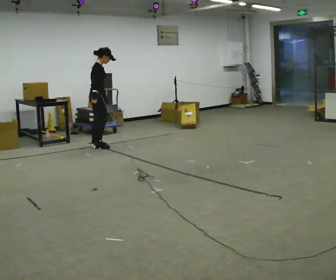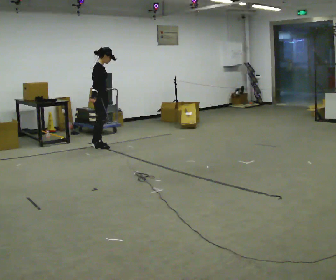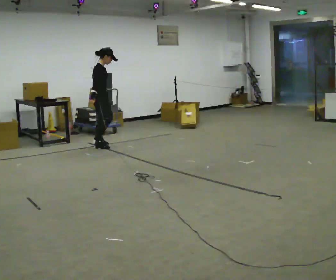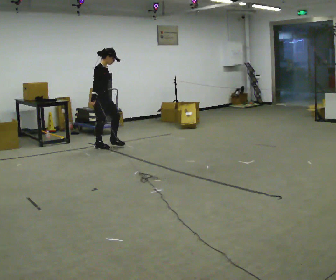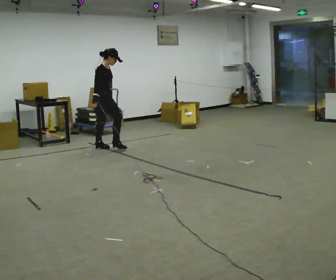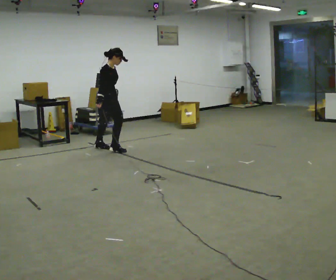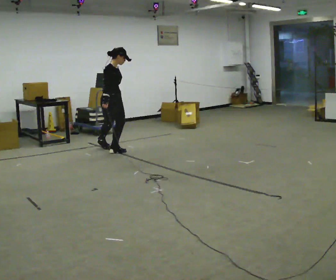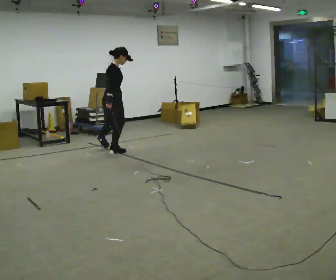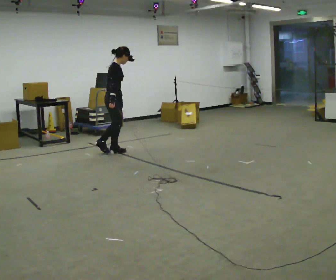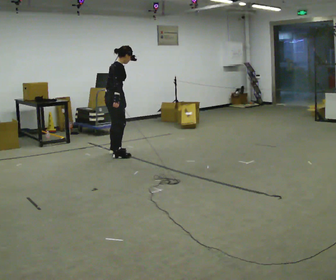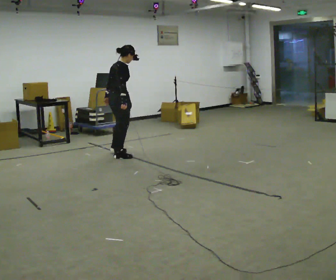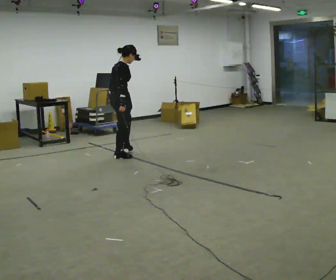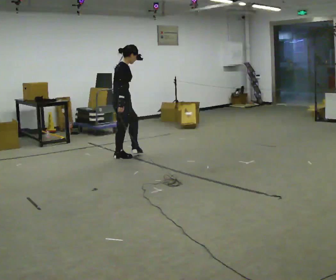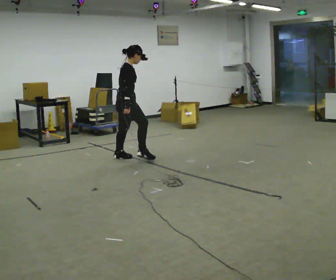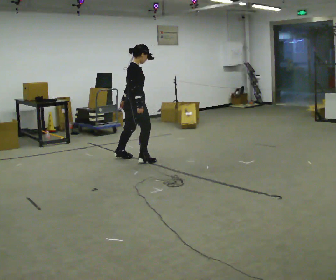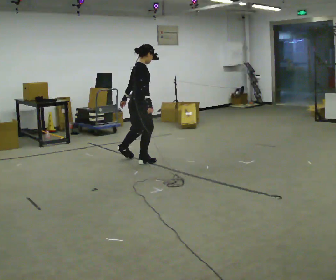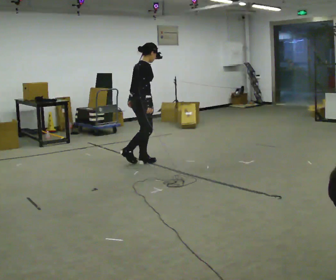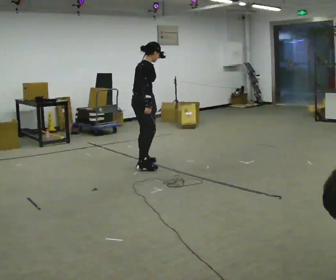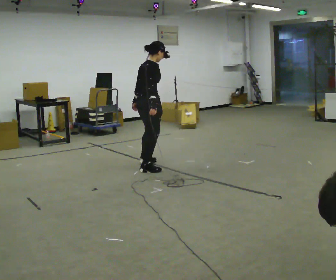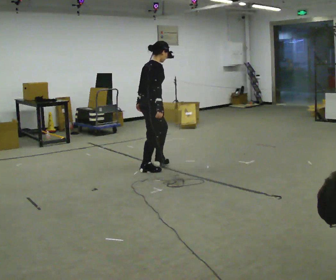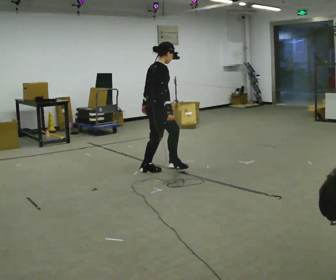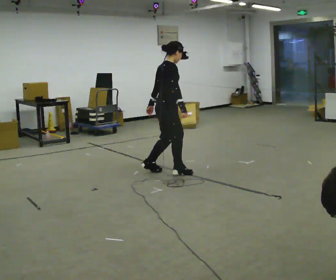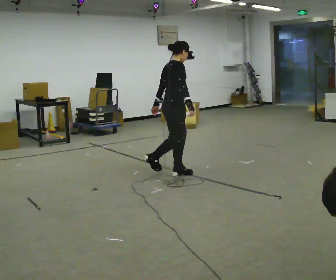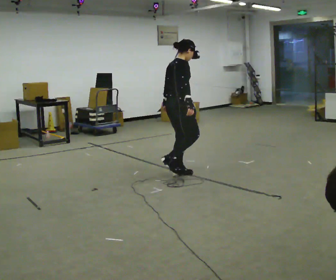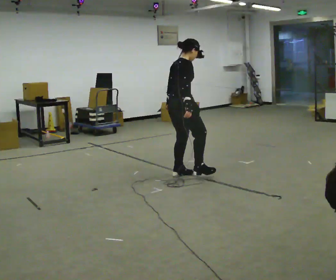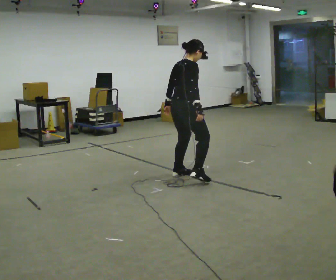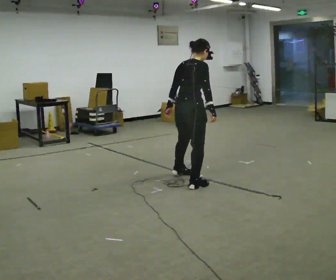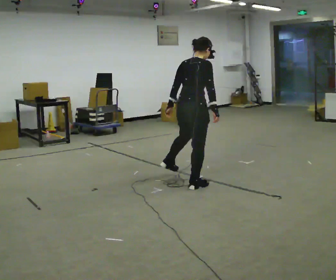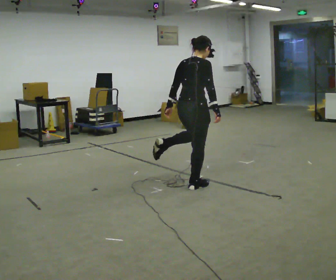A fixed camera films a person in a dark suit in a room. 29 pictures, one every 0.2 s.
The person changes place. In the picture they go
toward the camera.
0.0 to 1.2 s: The person turns about 45 degrees to their right, clockwise seen from above, so the part of the body nearest the lens slides to the left. In the picture they go toward the camera and to the right, about 0.5 m in 2 steps, which for them is forward and to their right.
1.2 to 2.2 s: Seen from above the body turns counterclockwise, about 60 degrees: to their left, with its near side sliding to the right. In the picture they go toward the camera, about 0.5 m in 1 step.
2.2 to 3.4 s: In the picture they go toward the camera and to the right, about 0.5 m in 1 step, which for them is forward and to their right.
3.4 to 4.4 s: In the picture they go toward the camera and to the right, about 0.5 m in 2 steps, which for them is to their right and forward.
4.4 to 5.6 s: The person turns about 30 degrees to their left, counterclockwise seen from above, so the part of the body nearest the lens slides to the right. In the picture they go toward the camera, about 0.5 m in 1 step, which for them is to their right.
The film runs backward here.
